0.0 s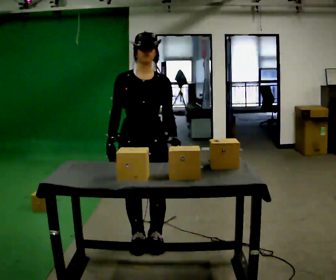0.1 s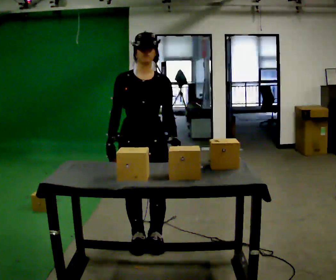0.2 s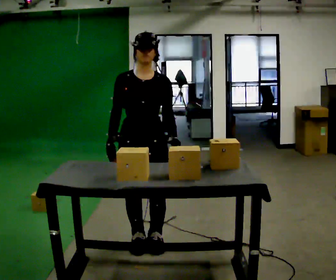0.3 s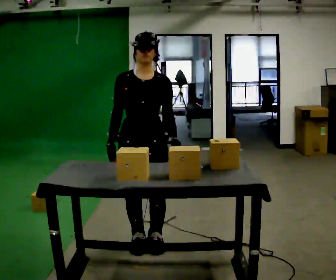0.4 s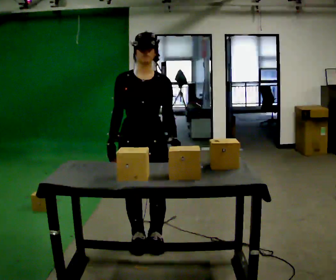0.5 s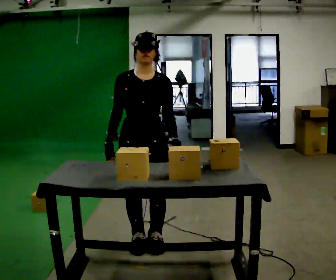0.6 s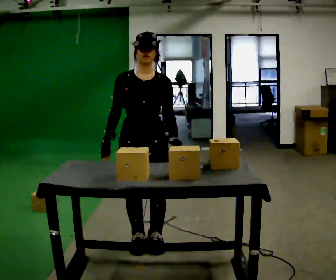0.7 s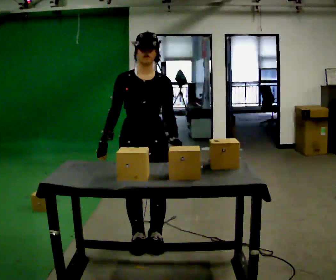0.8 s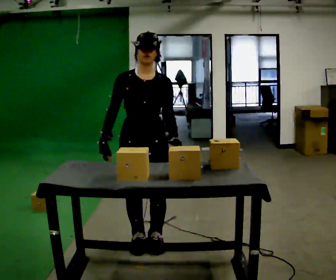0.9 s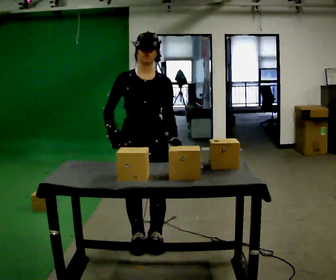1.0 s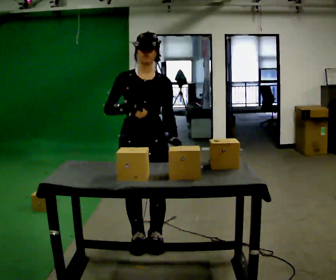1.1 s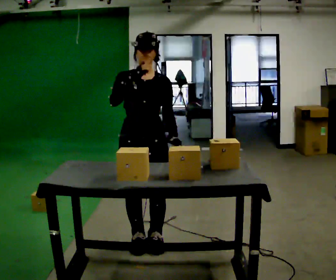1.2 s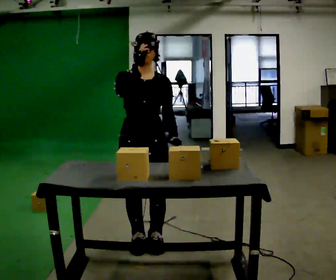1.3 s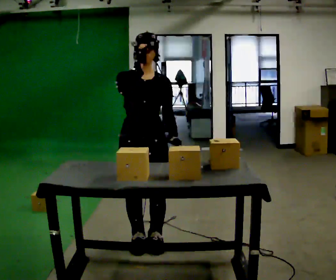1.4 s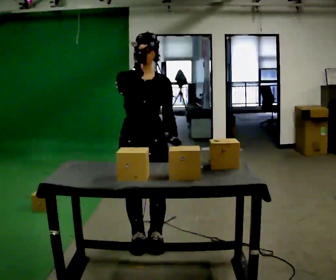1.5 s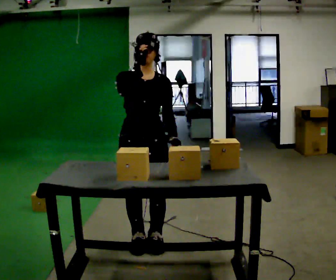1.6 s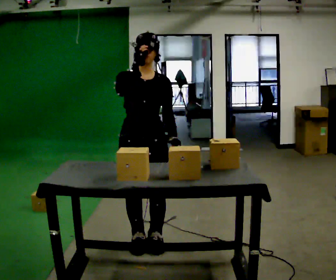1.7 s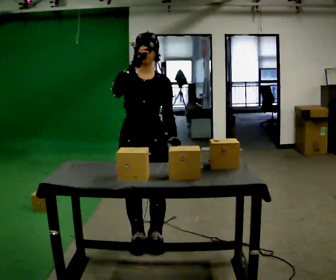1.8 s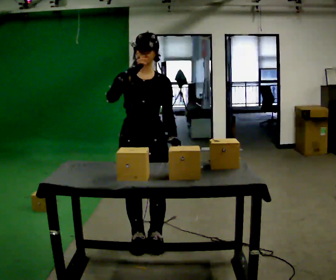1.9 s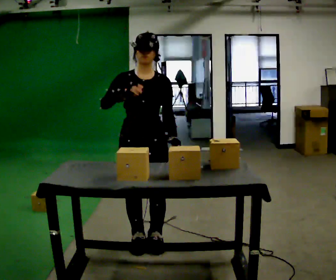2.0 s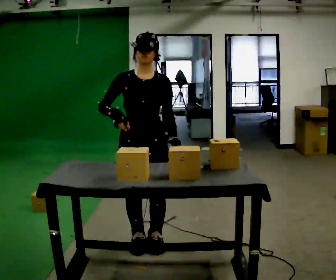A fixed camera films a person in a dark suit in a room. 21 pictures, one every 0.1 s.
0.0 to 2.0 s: In the picture their right hand goes upward.
The film runs backward here.
